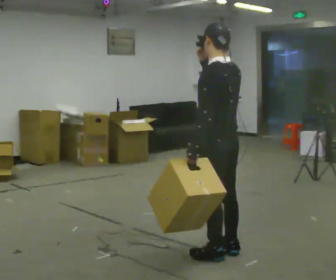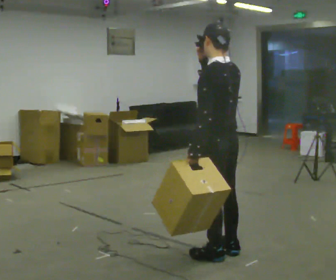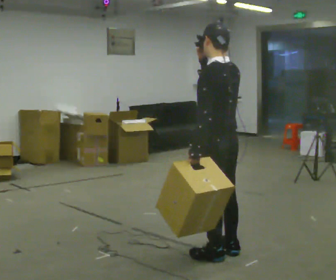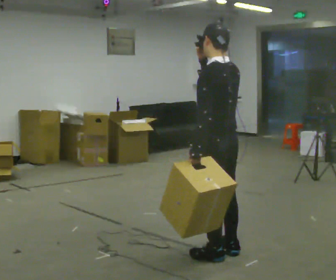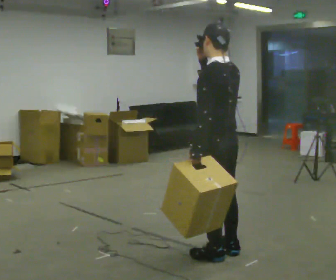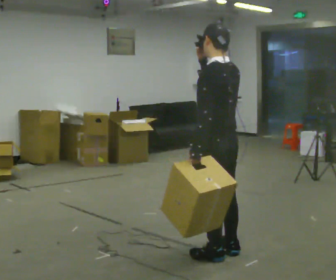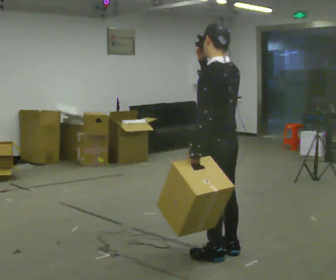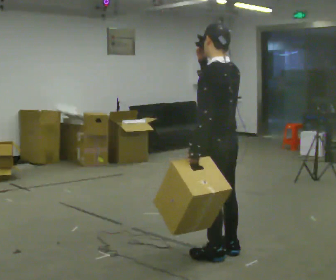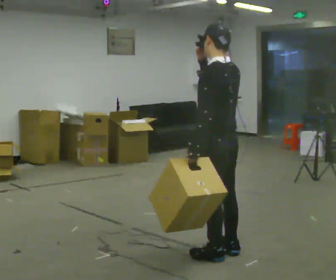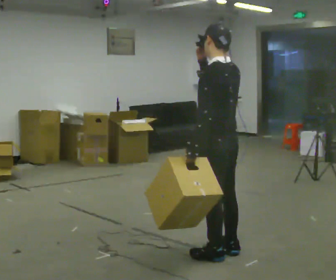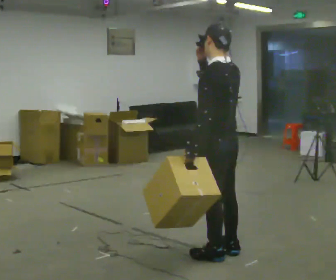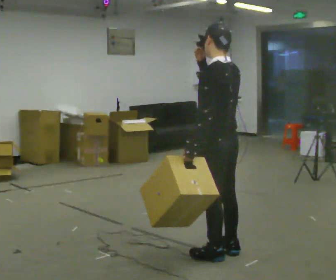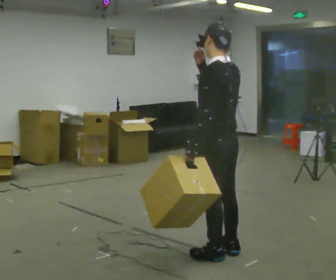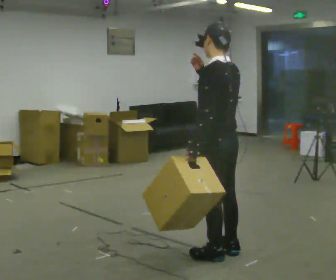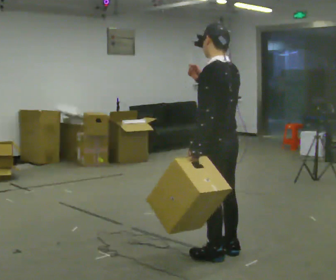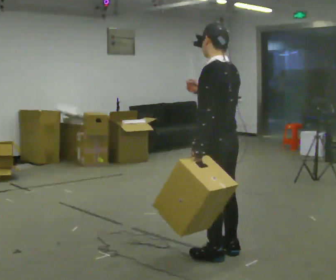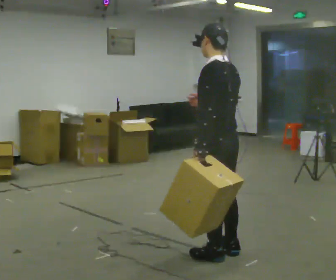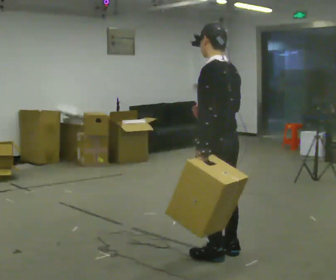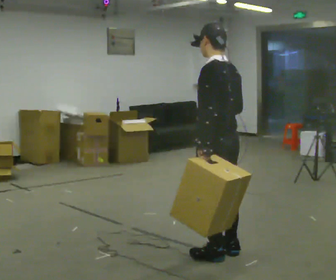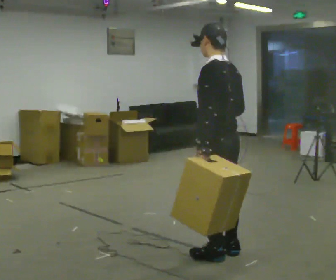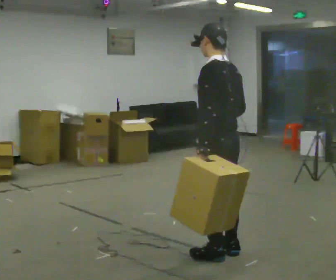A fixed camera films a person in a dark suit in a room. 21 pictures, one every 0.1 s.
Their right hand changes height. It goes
downward.
0.0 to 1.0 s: The person keeps their place and pose.
1.0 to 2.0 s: In the picture their right hand goes downward.
The film runs backward here.
